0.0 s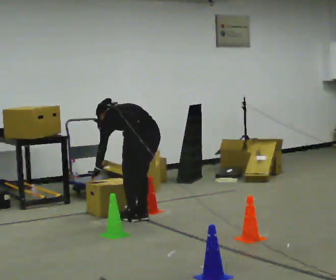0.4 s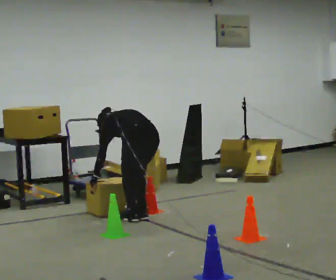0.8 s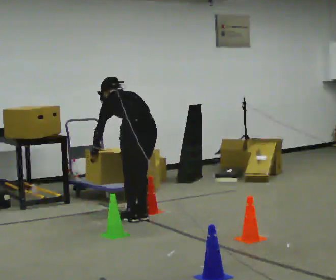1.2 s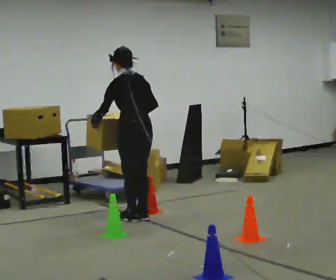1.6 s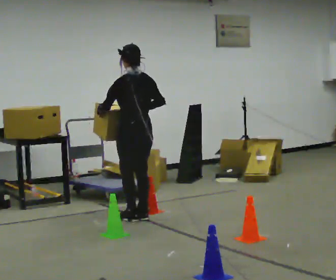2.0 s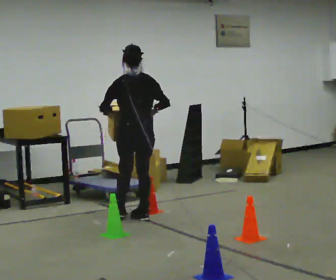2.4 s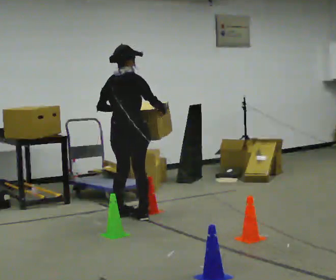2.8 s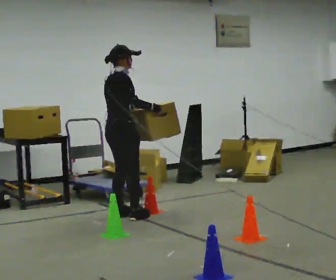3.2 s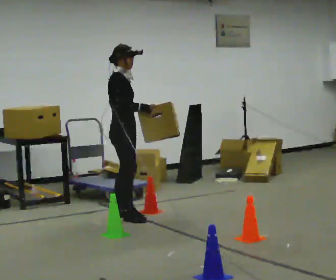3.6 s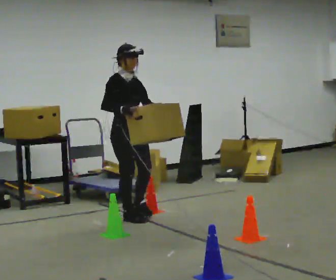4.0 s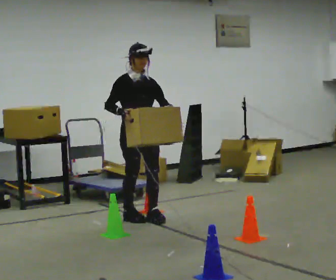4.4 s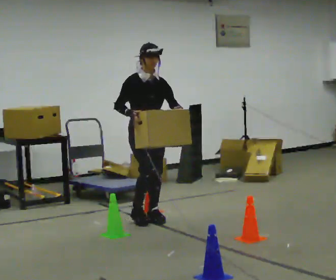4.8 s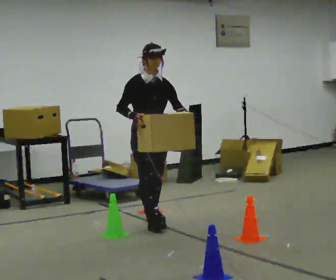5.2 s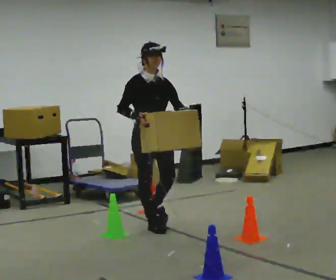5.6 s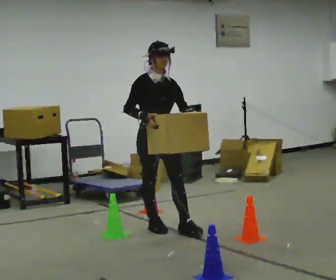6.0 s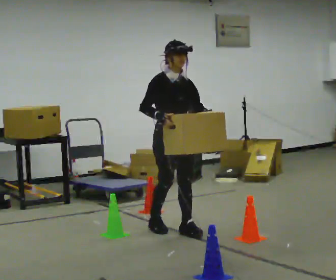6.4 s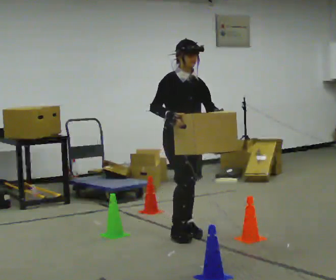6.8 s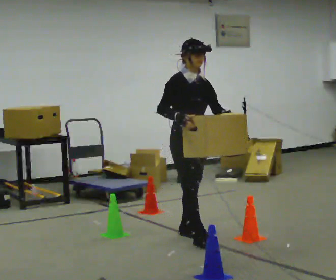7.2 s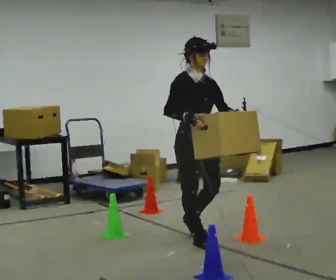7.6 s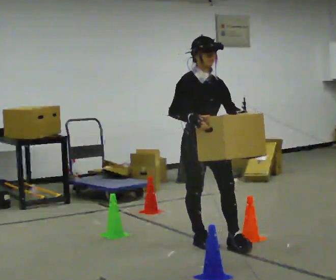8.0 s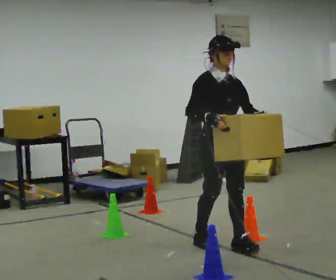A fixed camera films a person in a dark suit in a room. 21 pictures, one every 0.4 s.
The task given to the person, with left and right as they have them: Carry the box through the gap between the panels without touching either side, then set it down and bring it back. Keep going until the operator says stop; one object at a time, and do not rush between trips.
0.0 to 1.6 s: The upper body goes upward. The upper body tips toward the camera, its near side rolling downward, as they lean back or straighten. In the picture their right hand goes upward.
1.6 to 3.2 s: Seen from above the body turns clockwise, about 120 degrees: to their right, with its near side sliding to the left.
3.2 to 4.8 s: Seen from above the body turns clockwise, about 60 degrees: to their right, with its near side sliding to the left. In the picture they go to the right and toward the camera, about 0.25 m in 2 steps, which for them is forward.
4.8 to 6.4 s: In the picture they go toward the camera and to the right, about 0.5 m in 1 step, which for them is forward.
6.4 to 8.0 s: In the picture they go toward the camera and to the right, about 0.5 m in 2 steps, which for them is forward.
The film runs forward here.
